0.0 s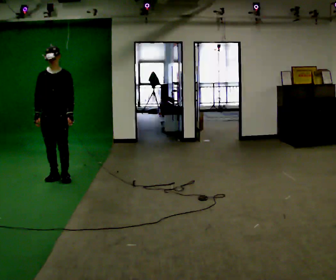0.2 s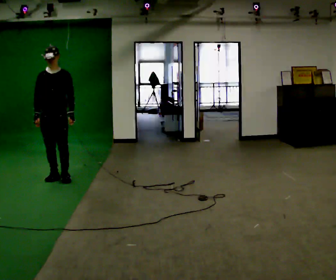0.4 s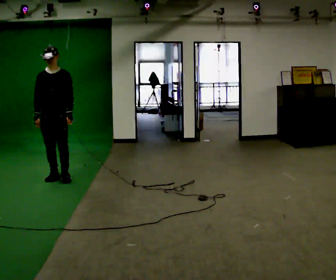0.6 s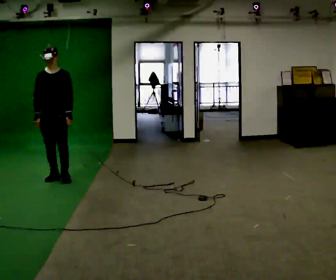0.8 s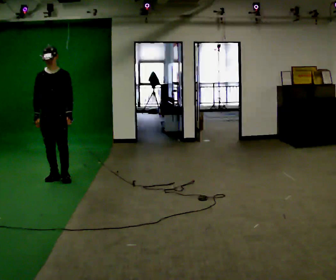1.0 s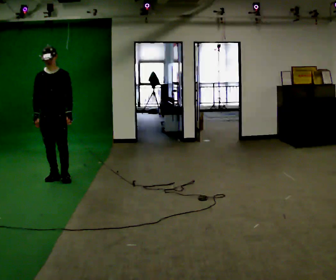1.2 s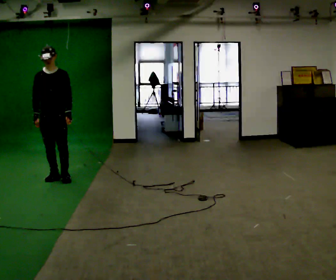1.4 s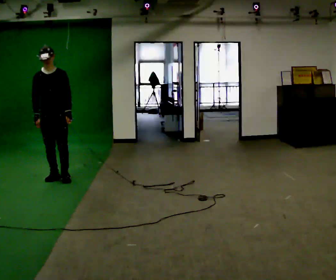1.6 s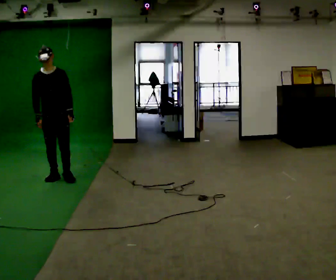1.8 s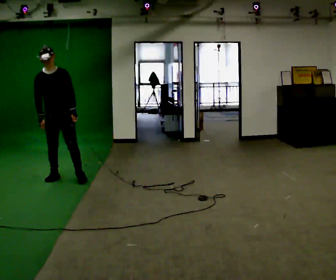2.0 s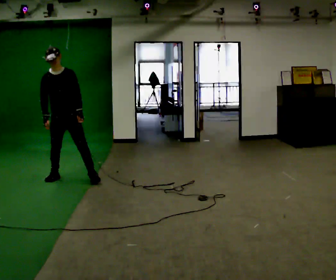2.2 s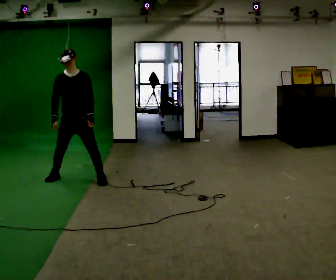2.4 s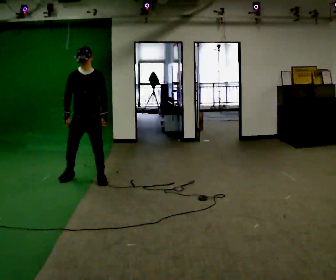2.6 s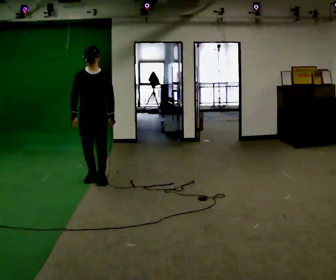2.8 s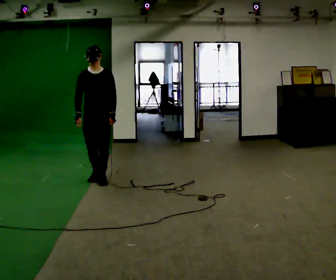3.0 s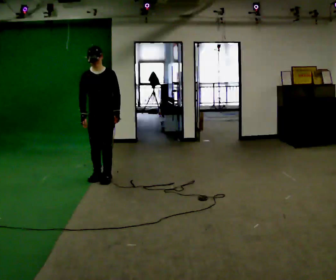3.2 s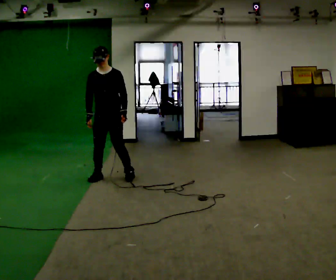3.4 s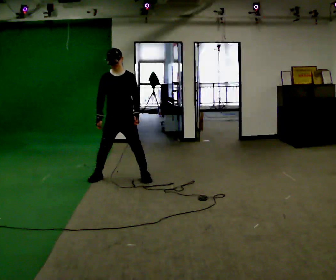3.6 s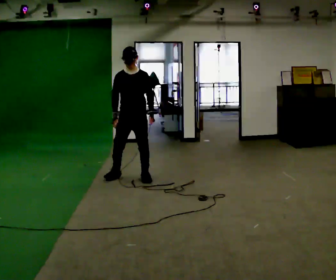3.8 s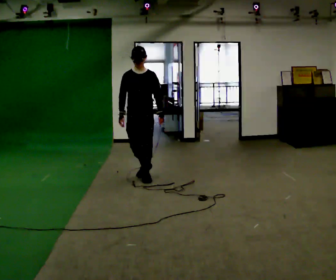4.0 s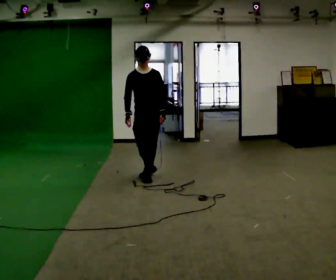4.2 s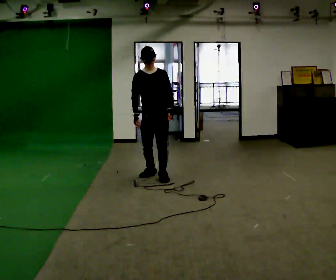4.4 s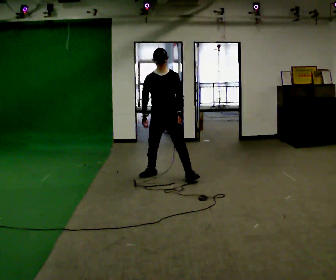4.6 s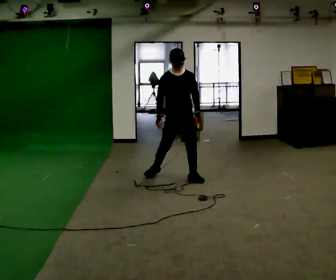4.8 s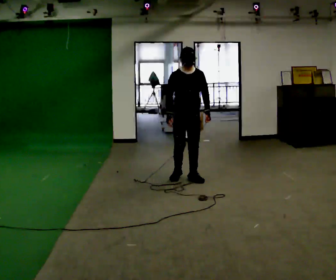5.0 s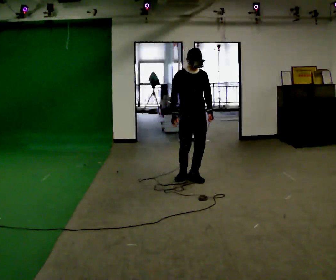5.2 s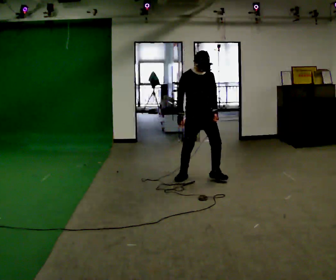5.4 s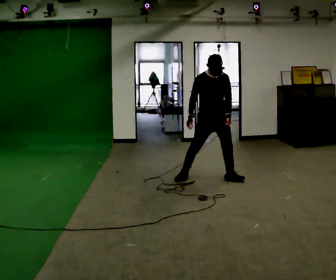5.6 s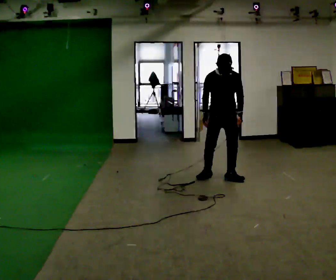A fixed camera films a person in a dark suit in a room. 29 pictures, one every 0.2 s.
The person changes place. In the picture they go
to the right.
0.0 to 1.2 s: The person moves a little, or ends about where they began.
1.2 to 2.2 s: In the picture they go to the right, about 0.25 m in 1 step, which for them is to their left.
2.2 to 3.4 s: In the picture they go to the right, about 0.5 m in 2 steps, which for them is to their left.
3.4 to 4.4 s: In the picture they go to the right, about 0.5 m in 1 step, which for them is to their left.
4.4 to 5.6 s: In the picture they go to the right, about 0.5 m in 3 steps, which for them is to their left.
The film runs forward here.
